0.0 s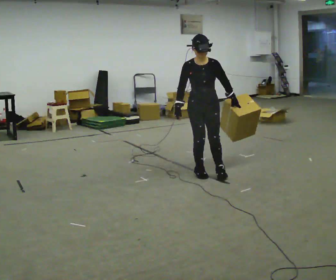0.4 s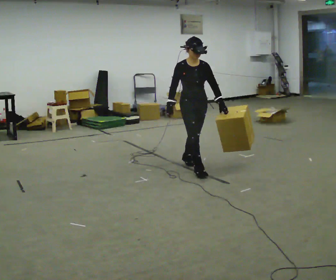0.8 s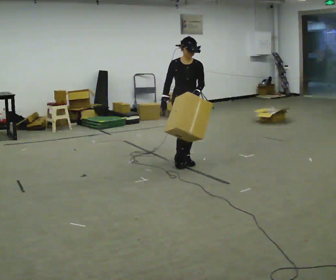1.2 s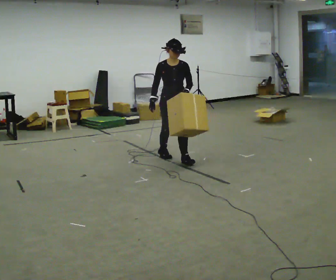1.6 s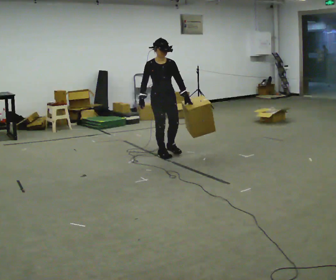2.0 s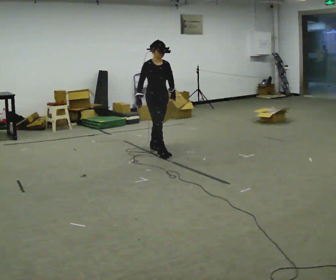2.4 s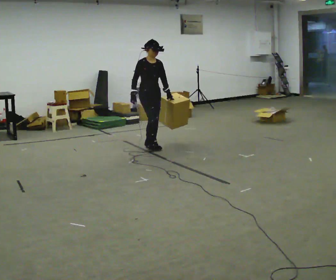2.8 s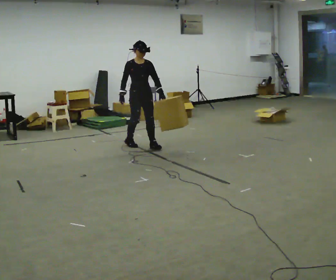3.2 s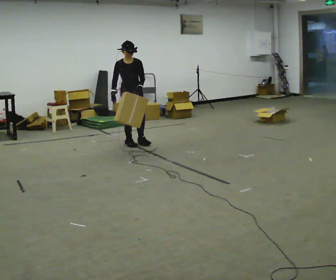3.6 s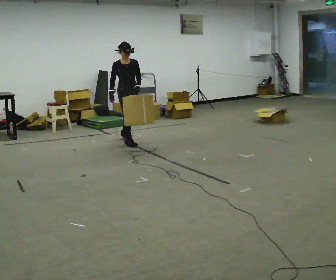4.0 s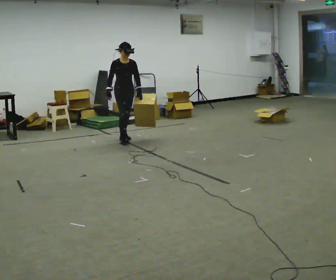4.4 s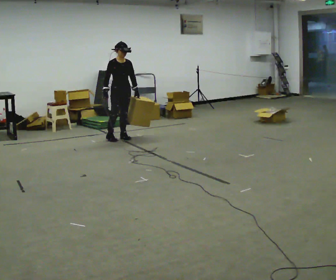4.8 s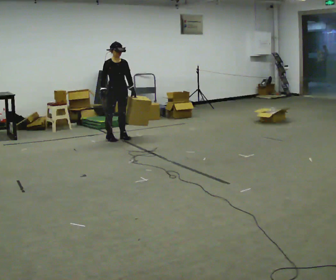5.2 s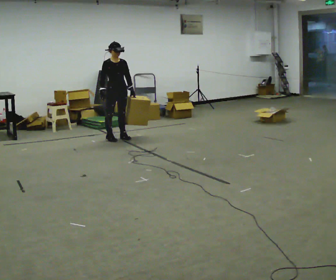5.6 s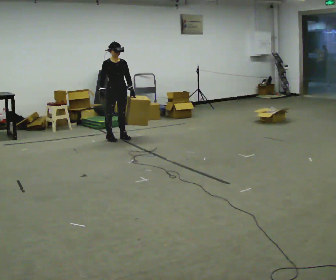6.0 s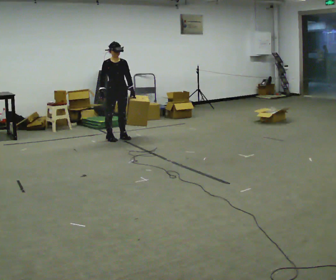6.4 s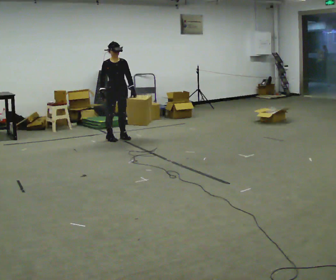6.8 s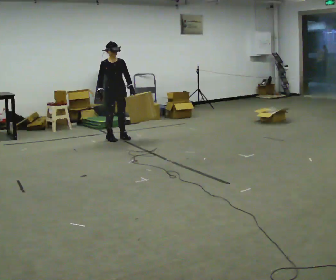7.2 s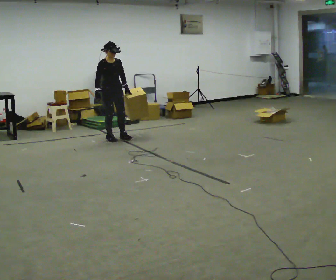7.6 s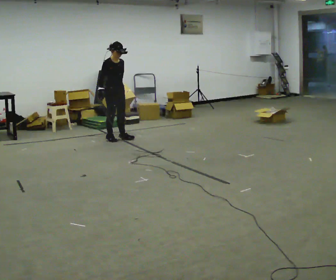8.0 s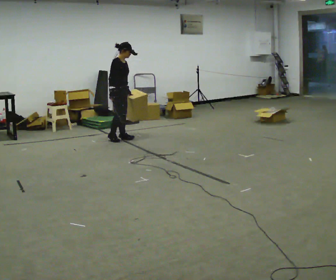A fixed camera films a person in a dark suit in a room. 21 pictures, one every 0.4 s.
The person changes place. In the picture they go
away from the camera.
0.0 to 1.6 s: In the picture they go away from the camera and to the left, about 1 m in 2 steps, which for them is backward.
1.6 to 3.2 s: In the picture they go away from the camera and to the left, about 1 m in 2 steps, which for them is backward.
3.2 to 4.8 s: In the picture they go away from the camera and to the left, about 0.5 m in 1 step, which for them is backward.
4.8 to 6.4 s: The person moves a little, or ends about where they began.
6.4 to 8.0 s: Seen from above the body turns counterclockwise, about 60 degrees: to their left, with its near side sliding to the right.
The film runs backward here.
